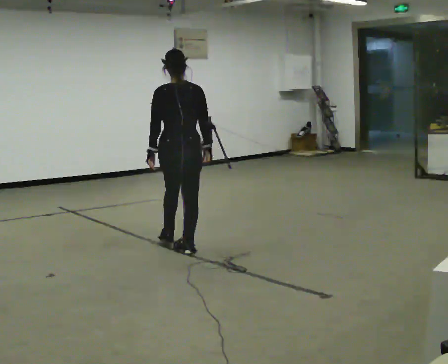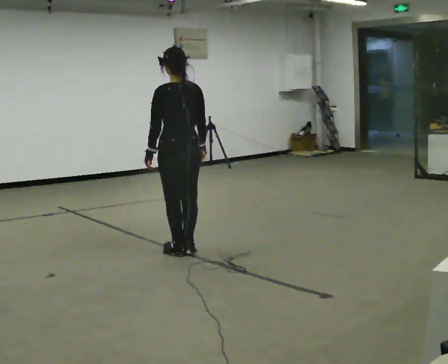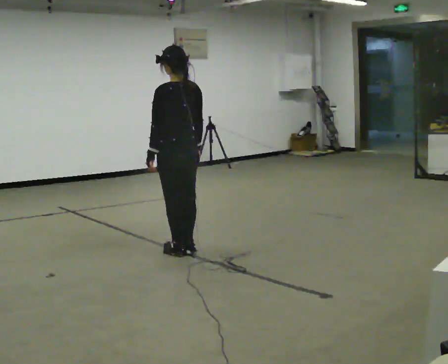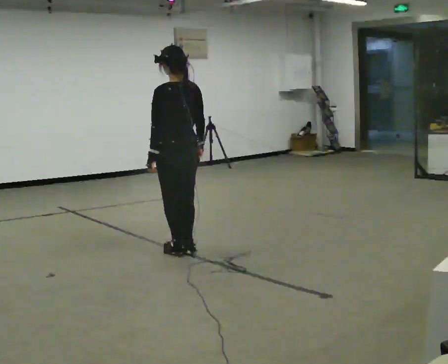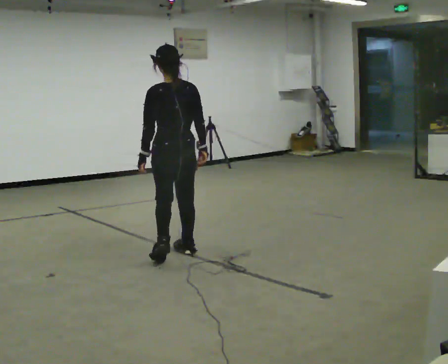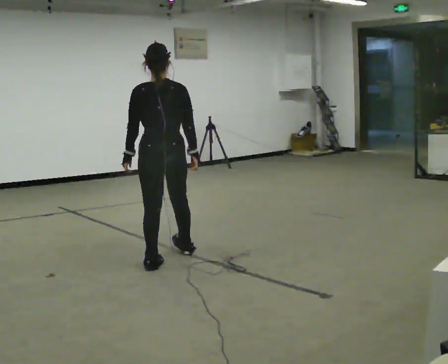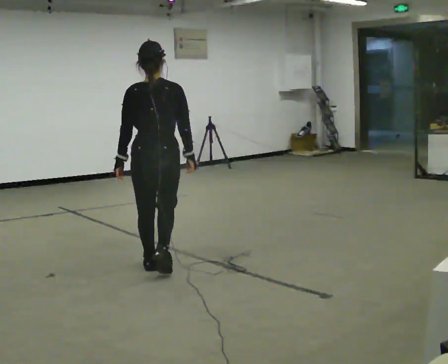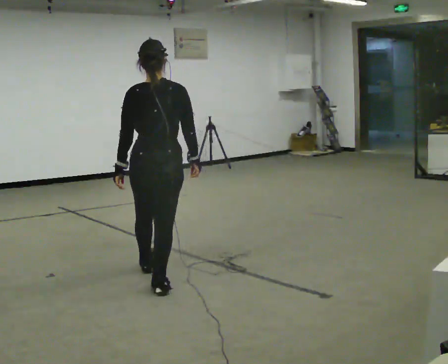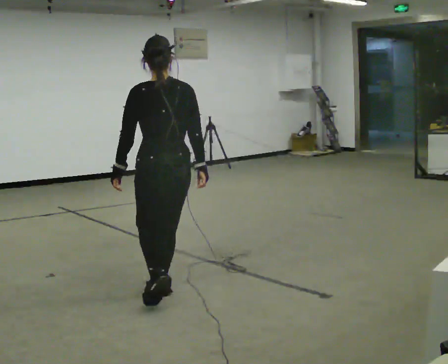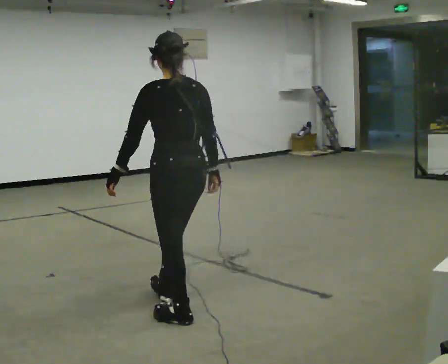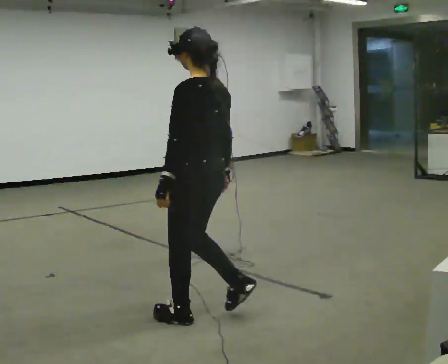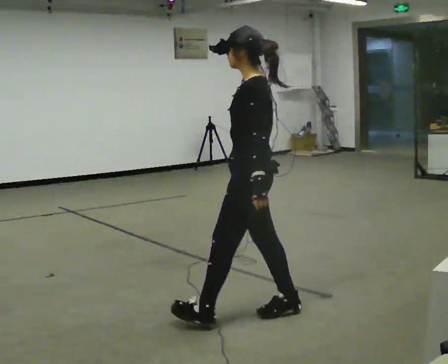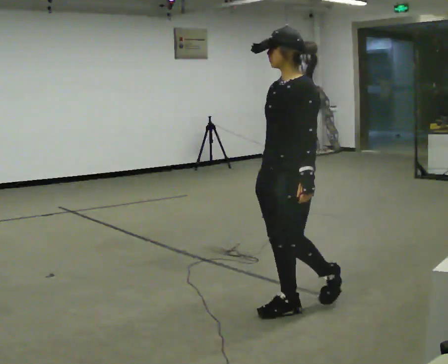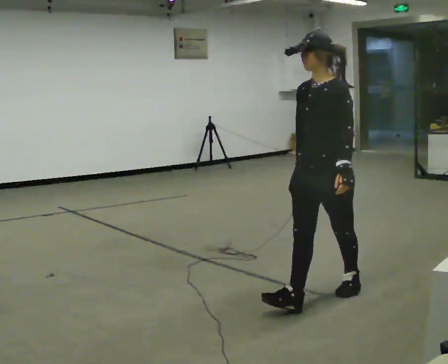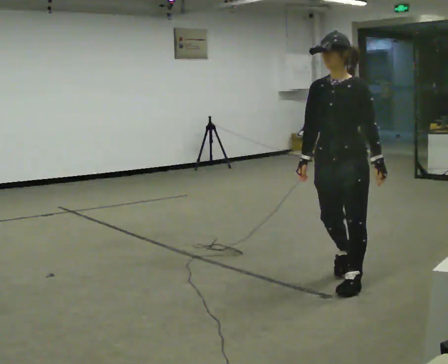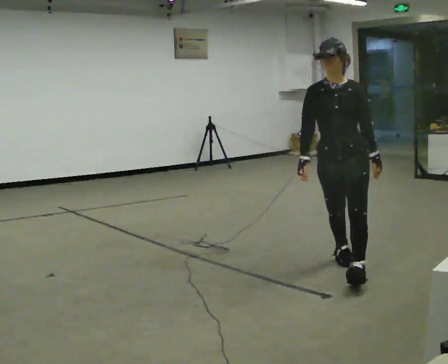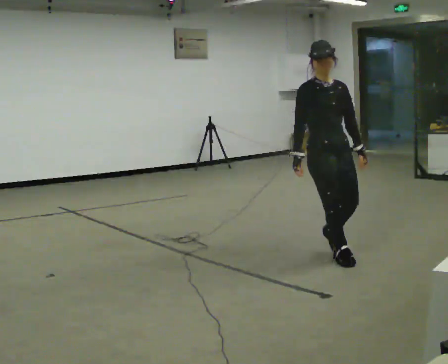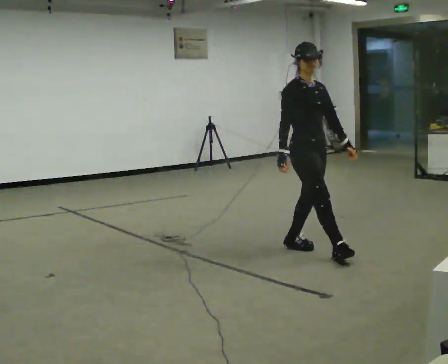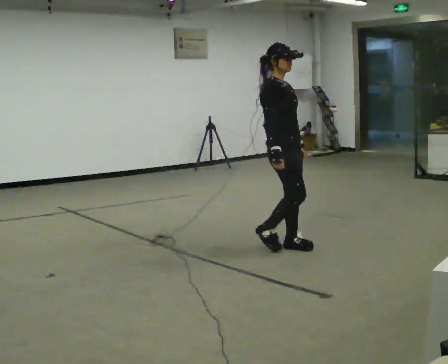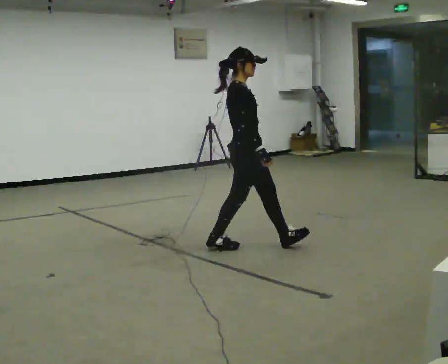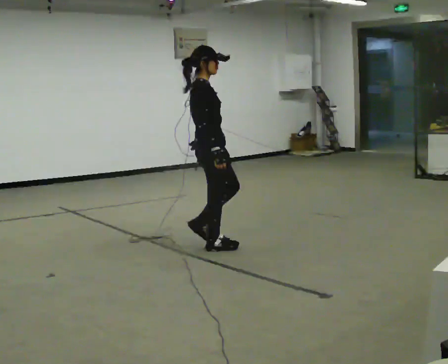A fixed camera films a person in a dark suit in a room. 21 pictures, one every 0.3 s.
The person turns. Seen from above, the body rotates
counterclockwise.
The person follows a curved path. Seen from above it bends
counterclockwise.
0.0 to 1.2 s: In the picture they go toward the camera, about 0.25 m in 1 step, which for them is backward and to their left.
1.2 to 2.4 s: In the picture they go toward the camera, about 1 m in 2 steps, which for them is backward.
2.4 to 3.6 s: The person turns about 105 degrees to their left, counterclockwise seen from above, so the part of the body nearest the lens slides to the right. In the picture they go to the right, about 1 m in 2 steps.
3.6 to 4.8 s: Seen from above the body turns counterclockwise, about 75 degrees: to their left, with its near side sliding to the right. In the picture they go away from the camera and to the right, about 1 m in 2 steps.
4.8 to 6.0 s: The part of the body nearest the lens slides to the right as the person turns to their left by about 75 degrees. In the picture they go to the left and away from the camera, about 1 m in 2 steps.
The film runs backward here.
